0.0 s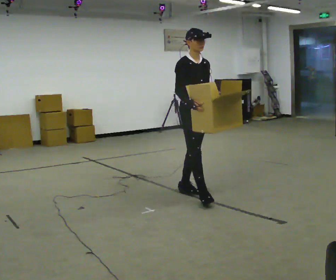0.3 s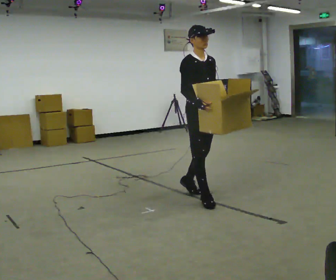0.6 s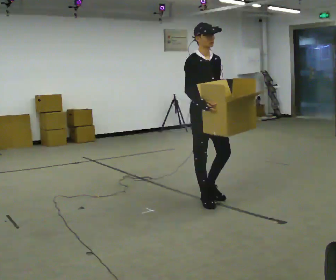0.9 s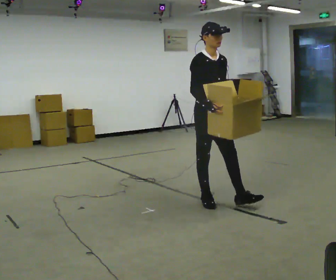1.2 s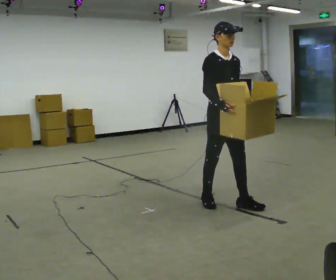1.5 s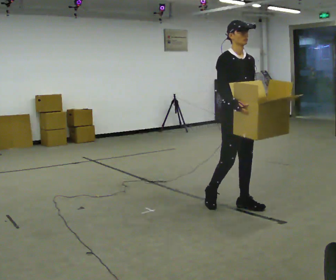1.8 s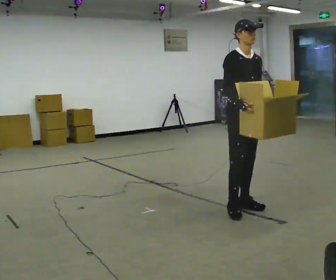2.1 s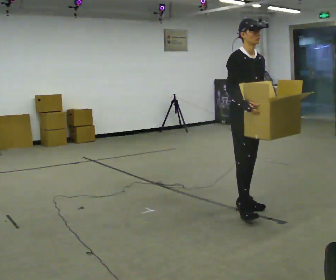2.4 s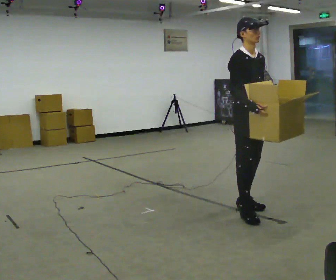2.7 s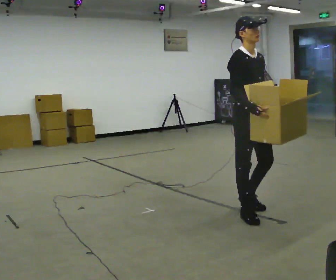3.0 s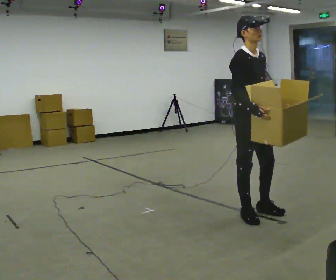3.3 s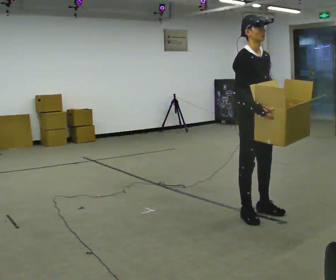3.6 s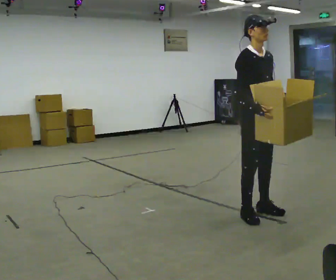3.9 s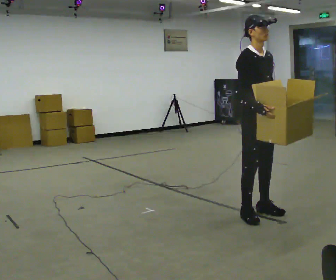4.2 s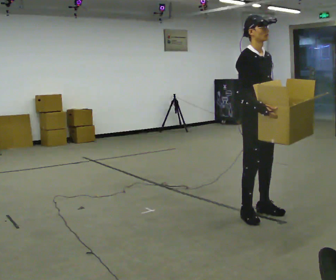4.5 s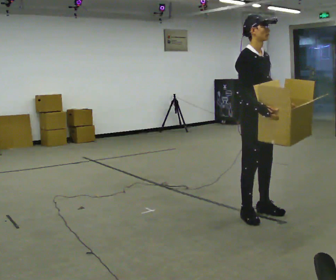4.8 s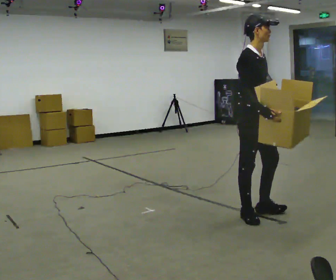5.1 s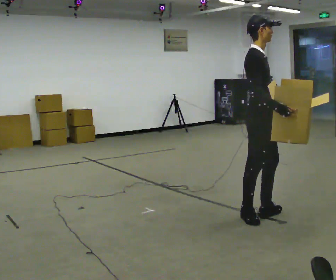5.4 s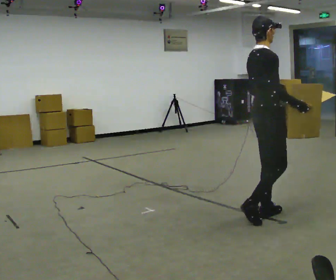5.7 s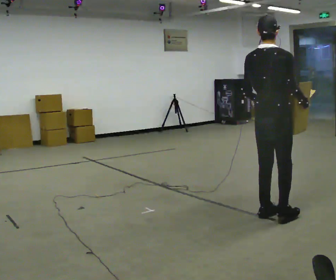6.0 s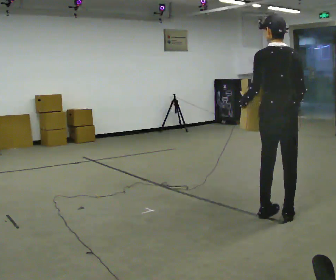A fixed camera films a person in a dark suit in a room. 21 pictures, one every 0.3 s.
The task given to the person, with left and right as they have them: Carry the box with its lid hanging open across the room, back and forth.
0.0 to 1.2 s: In the picture they go toward the camera and to the right, about 0.5 m in 1 step, which for them is forward.
1.2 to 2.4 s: In the picture they go to the right and toward the camera, about 0.25 m in 1 step, which for them is forward.
2.4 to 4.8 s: The person moves a little, or ends about where they began.
4.8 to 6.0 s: The person turns about 120 degrees to their left, counterclockwise seen from above, so the part of the body nearest the lens slides to the right. In the picture they go to the right, about 0.25 m in 2 steps.
The film runs forward here.
